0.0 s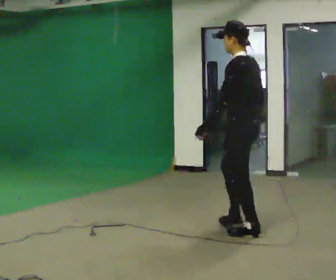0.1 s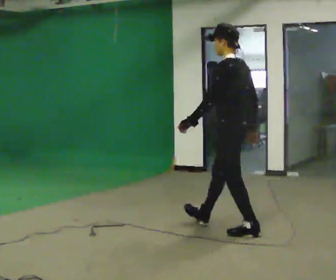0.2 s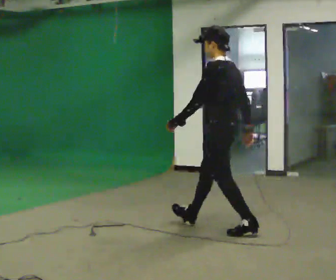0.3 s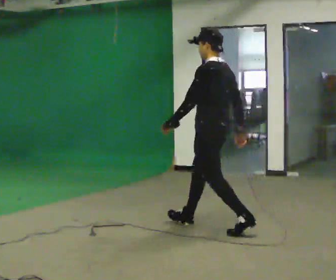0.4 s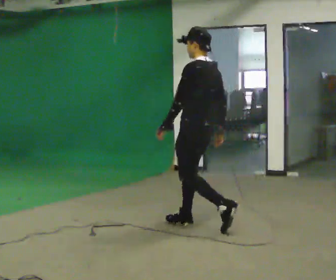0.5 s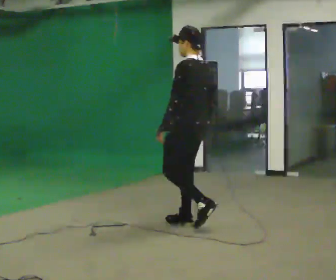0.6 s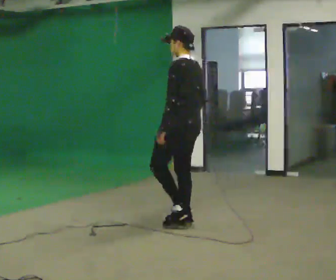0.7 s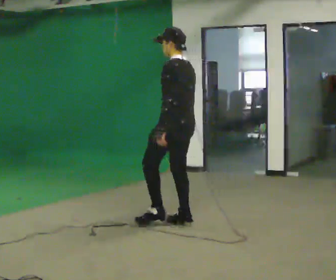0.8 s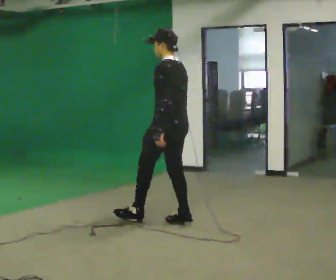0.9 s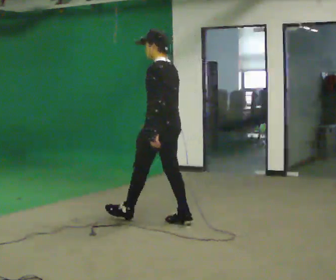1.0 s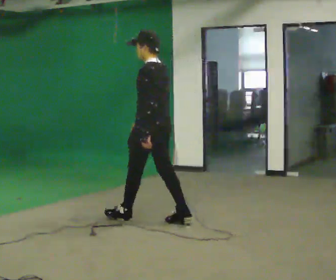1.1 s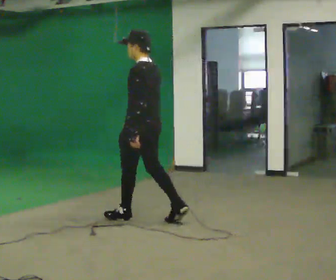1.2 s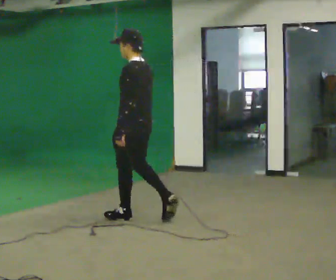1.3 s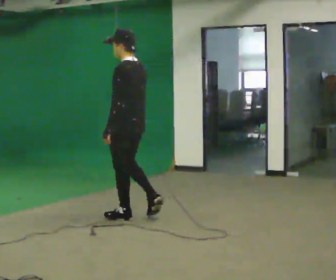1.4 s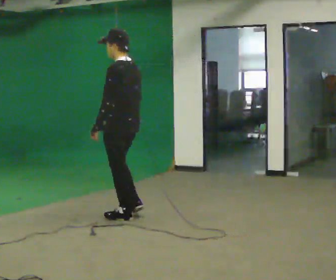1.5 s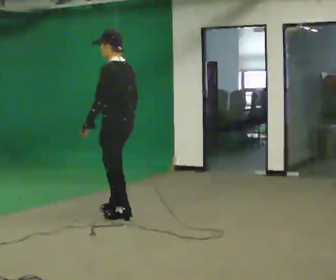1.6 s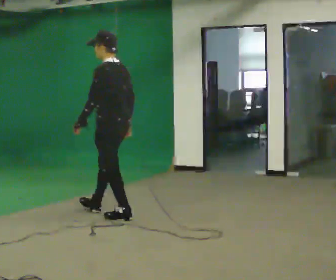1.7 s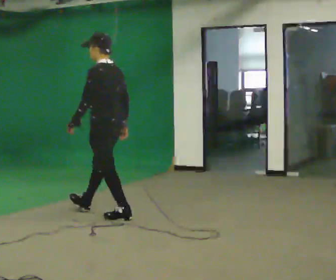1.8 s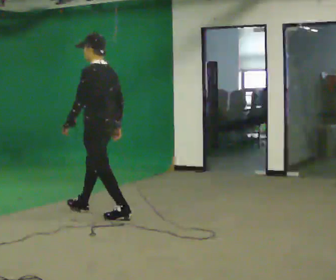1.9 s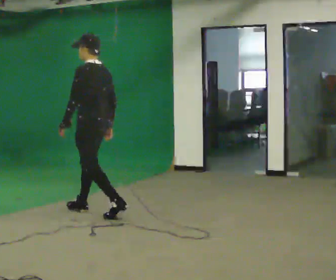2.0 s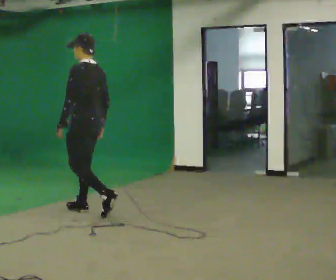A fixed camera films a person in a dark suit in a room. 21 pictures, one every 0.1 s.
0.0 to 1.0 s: In the picture they go to the left and away from the camera, about 1 m in 2 steps, which for them is forward.
1.0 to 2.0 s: In the picture they go to the left and away from the camera, about 0.5 m in 1 step, which for them is forward.
The film runs forward here.
